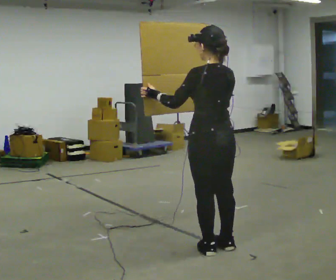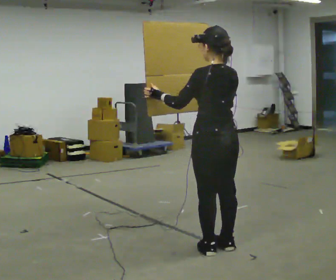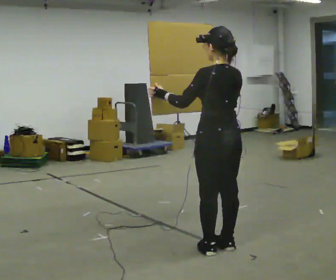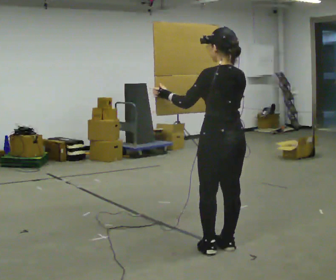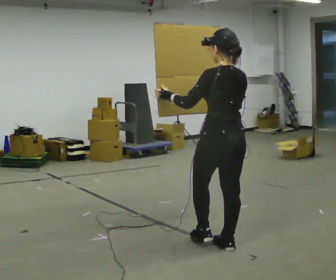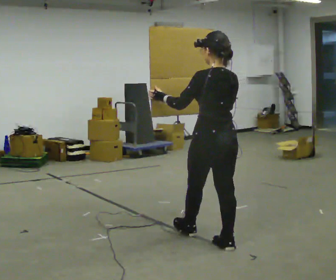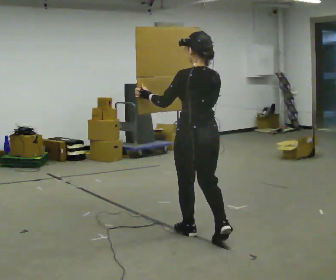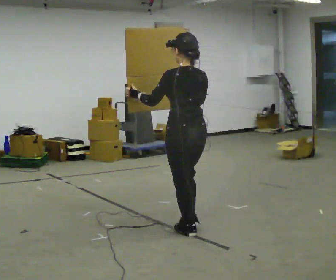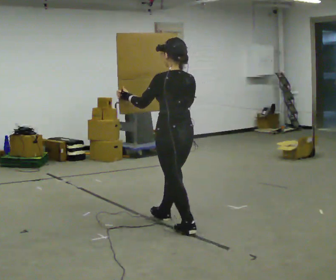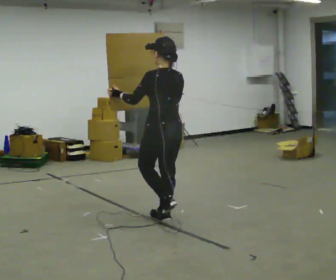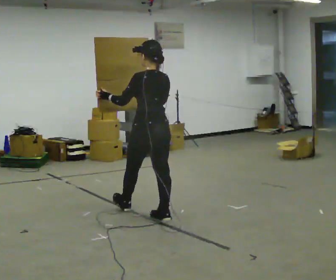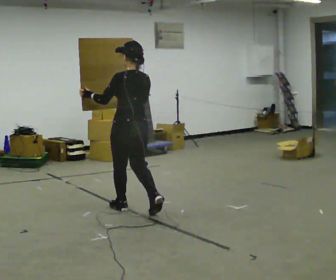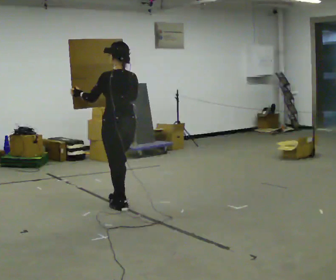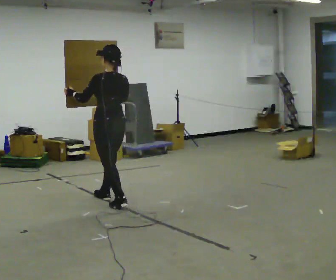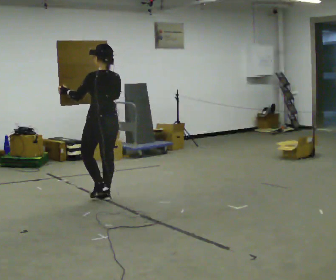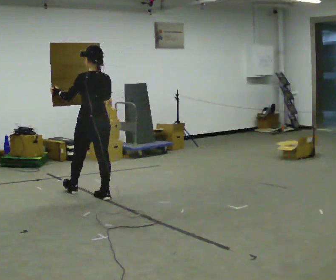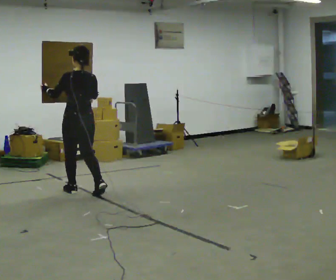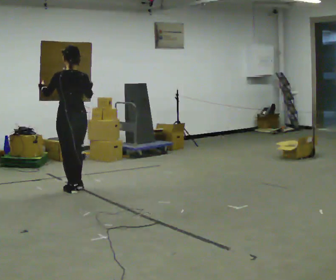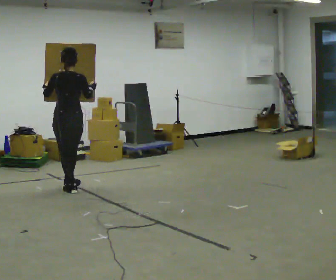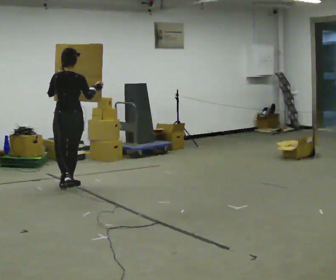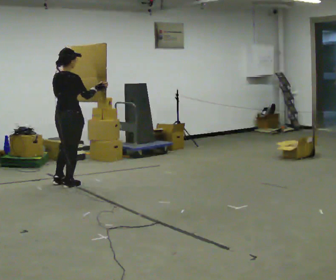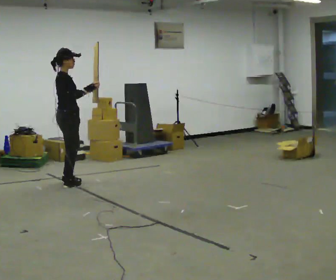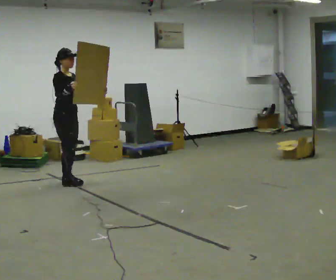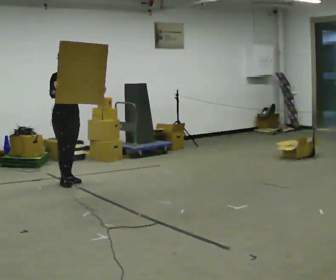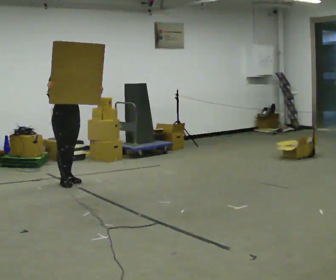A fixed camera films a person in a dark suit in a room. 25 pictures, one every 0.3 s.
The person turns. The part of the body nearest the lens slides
to the left.
The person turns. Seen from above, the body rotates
clockwise.
0.0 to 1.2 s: The person moves a little, or ends about where they began.
1.2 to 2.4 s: In the picture they go away from the camera and to the left, about 0.75 m in 2 steps, which for them is forward.
2.4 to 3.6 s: In the picture they go away from the camera and to the left, about 1 m in 1 step, which for them is forward.
3.6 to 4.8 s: In the picture they go away from the camera and to the left, about 0.5 m in 2 steps, which for them is forward.
4.8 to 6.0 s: Seen from above the body turns clockwise, about 60 degrees: to their right, with its near side sliding to the left. In the picture they go away from the camera and to the left, about 0.5 m in 1 step.
6.0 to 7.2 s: The part of the body nearest the lens slides to the left as the person turns to their right by about 120 degrees. In the picture they go away from the camera, about 0.25 m in 1 step. In the picture their left hand goes to the right.
The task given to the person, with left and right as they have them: Carry the large panel across the room. It will block your view ahead, so take whatever route feels safe. Keep going until the operator says stop; one object at a time, and do not rush between trips.
The film runs forward here.
